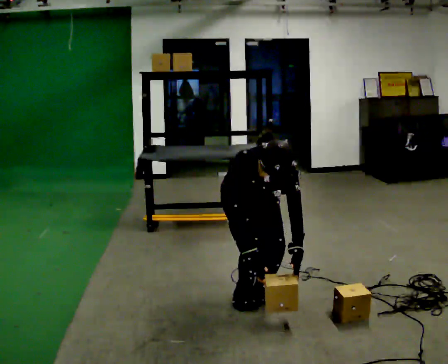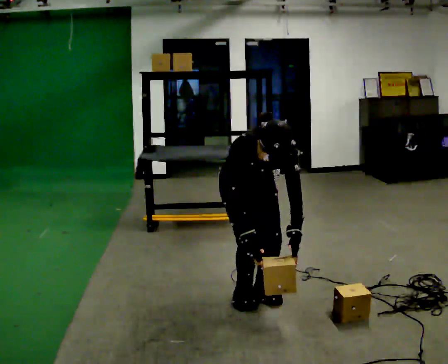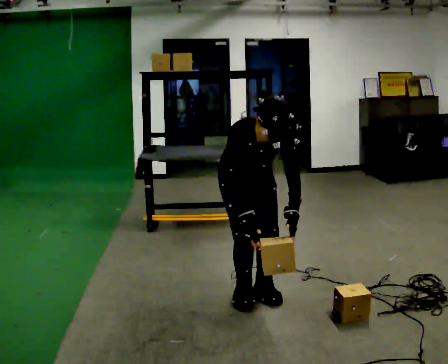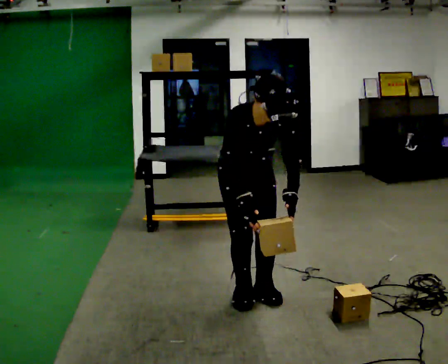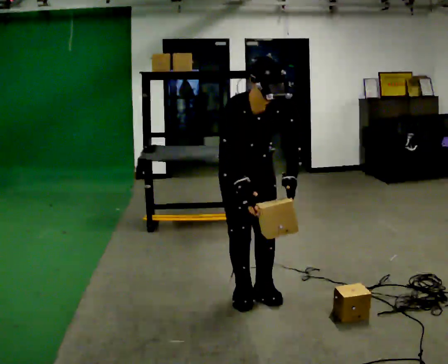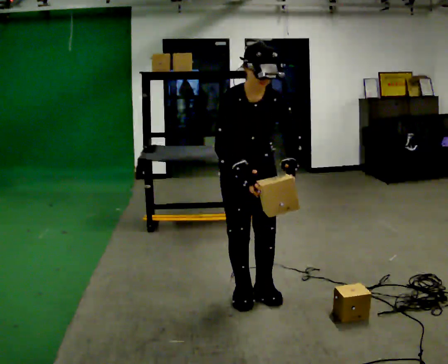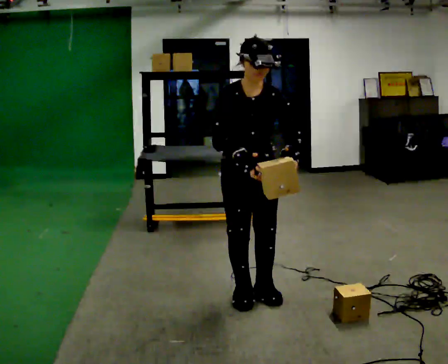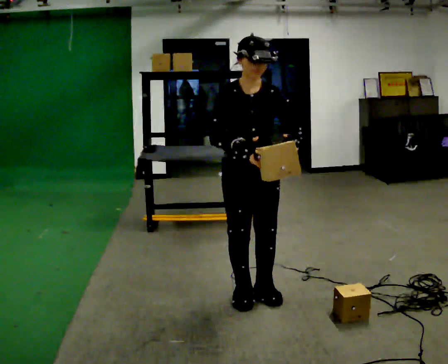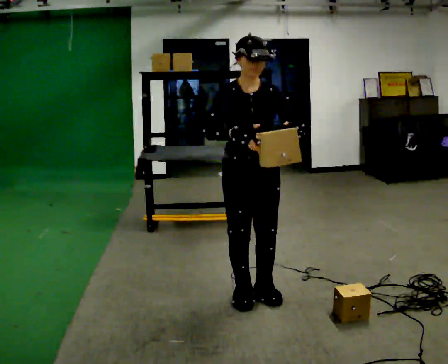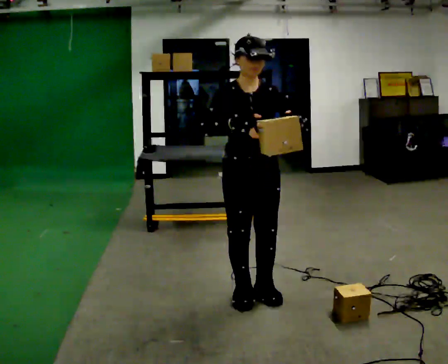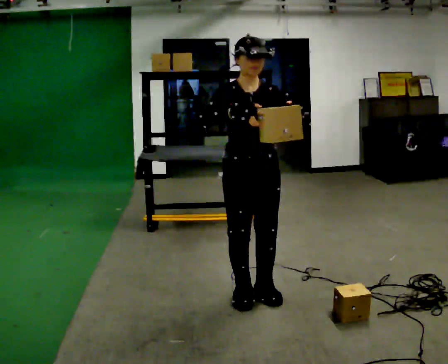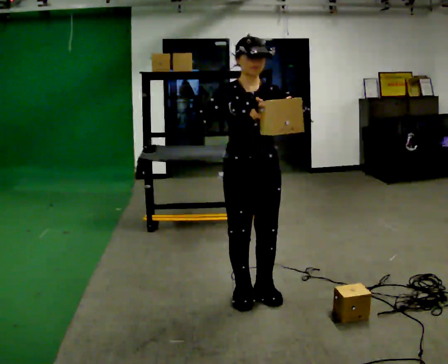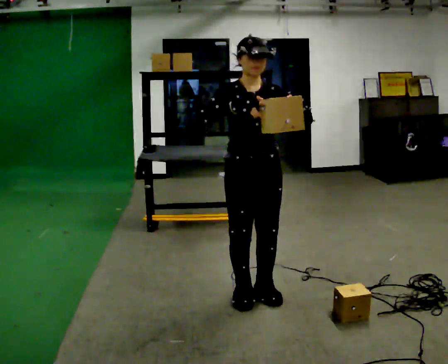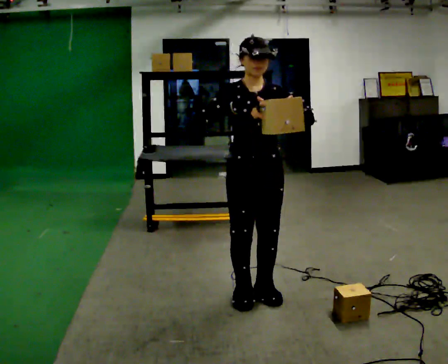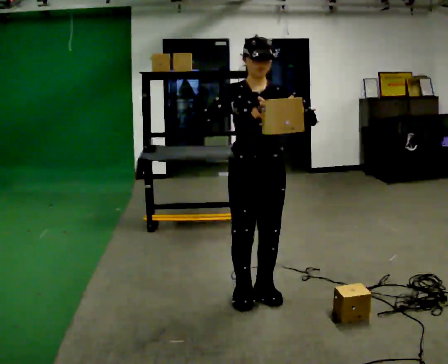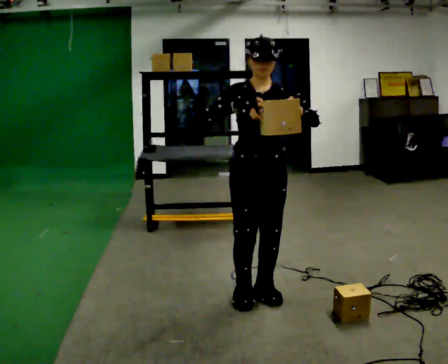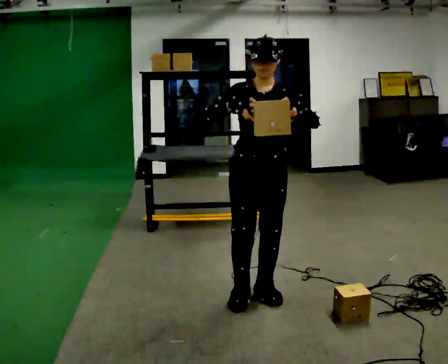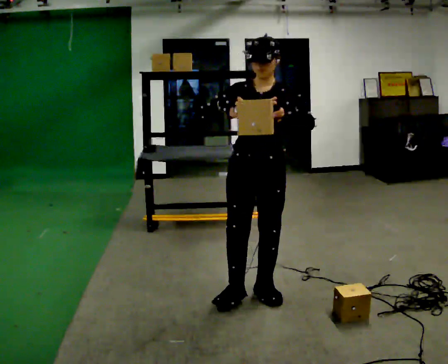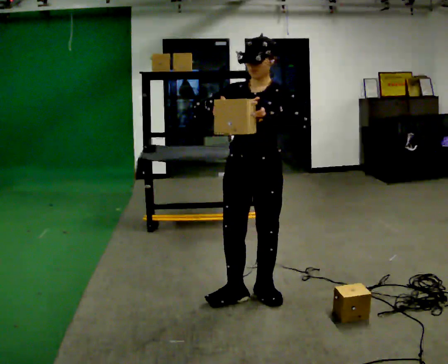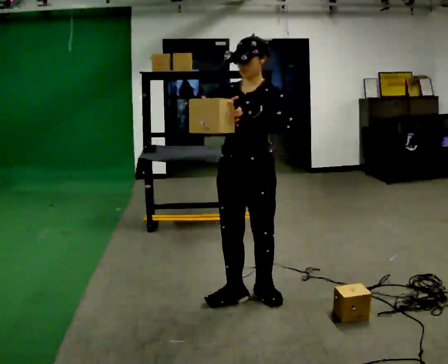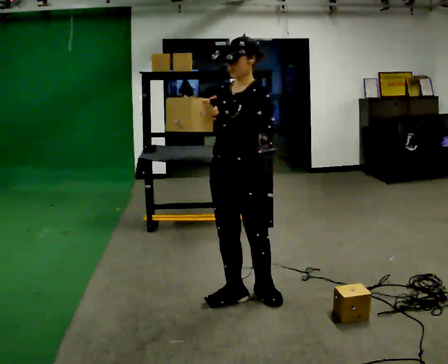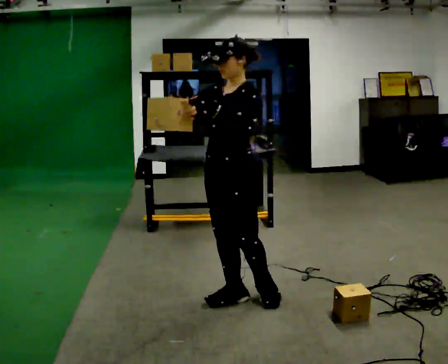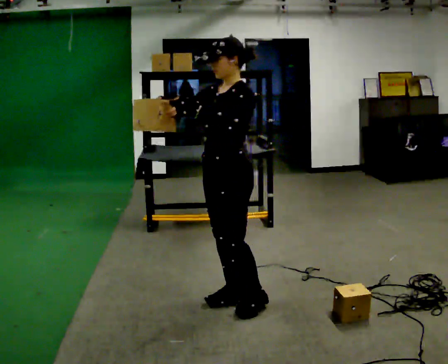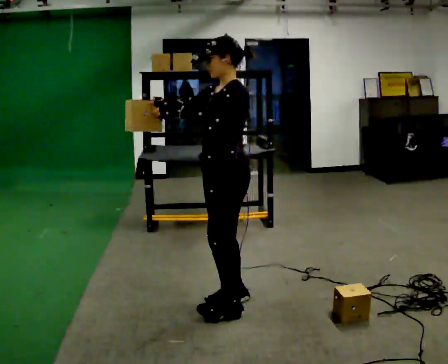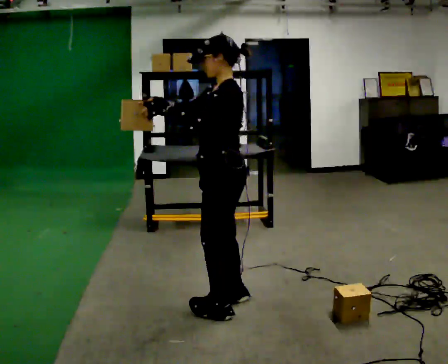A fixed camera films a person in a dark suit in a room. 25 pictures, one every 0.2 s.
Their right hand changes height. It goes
upward.
Their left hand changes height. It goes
upward.
0.0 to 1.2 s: The upper body goes upward. The upper body tips away from the camera, its near side rolling upward, as they lean back or straighten. In the picture their left hand goes upward.
1.2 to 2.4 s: The person moves a little, or ends about where they began.
2.4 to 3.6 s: The part of the body nearest the lens slides to the left as the person turns to their right by about 30 degrees.
3.6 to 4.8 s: The person turns about 60 degrees to their right, clockwise seen from above, so the part of the body nearest the lens slides to the left. In the picture they go to the left, about 0.25 m in 1 step.
The film runs forward here.
